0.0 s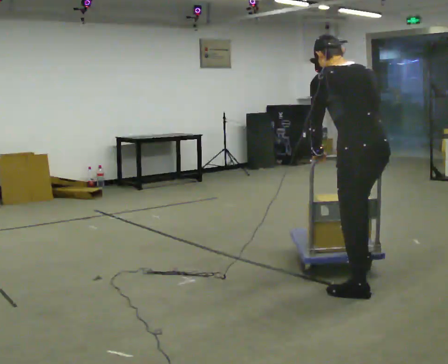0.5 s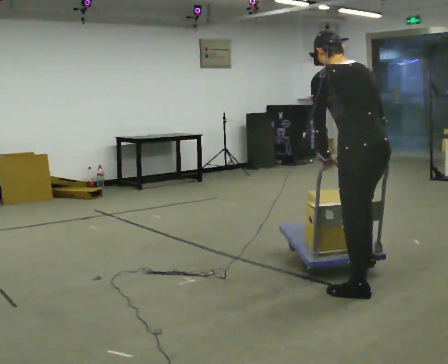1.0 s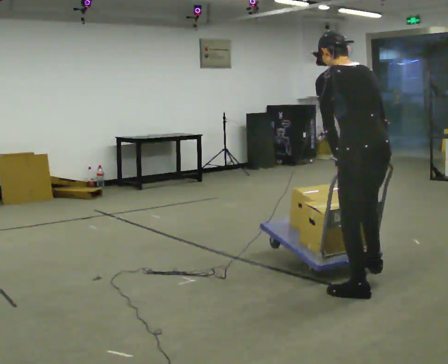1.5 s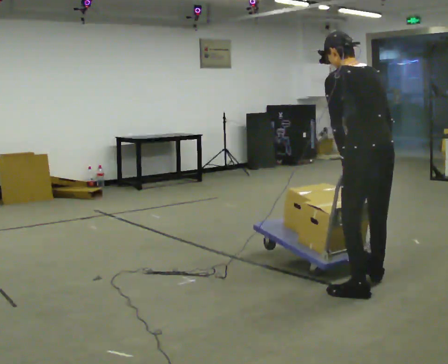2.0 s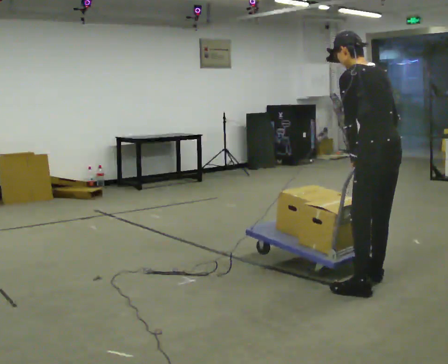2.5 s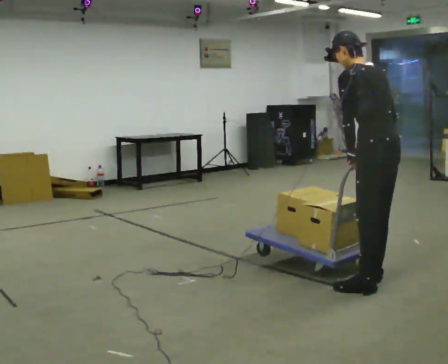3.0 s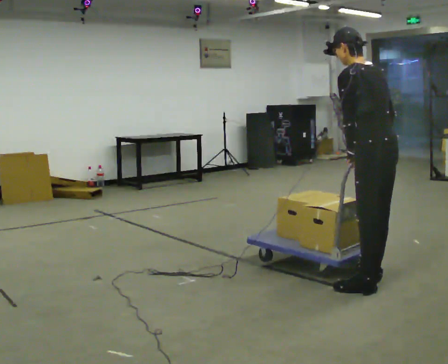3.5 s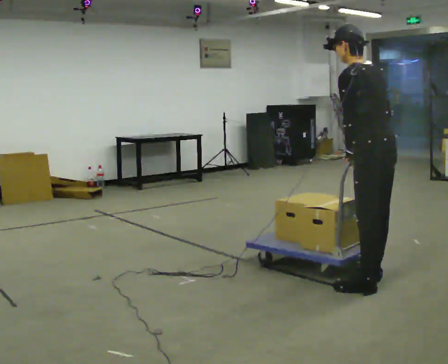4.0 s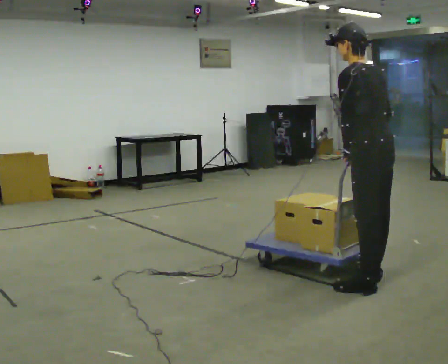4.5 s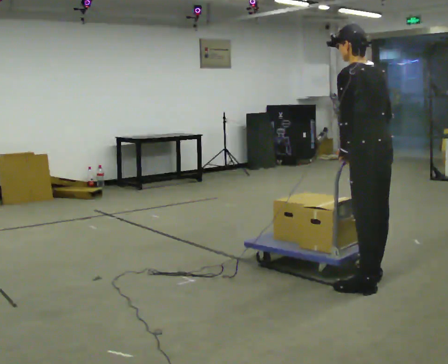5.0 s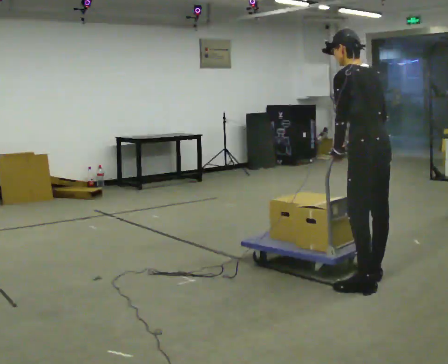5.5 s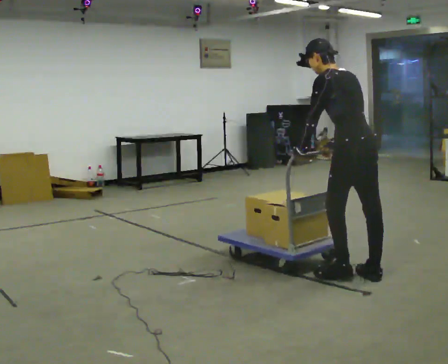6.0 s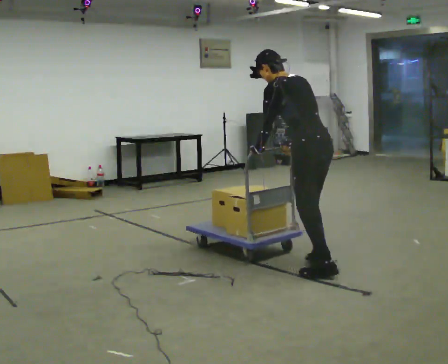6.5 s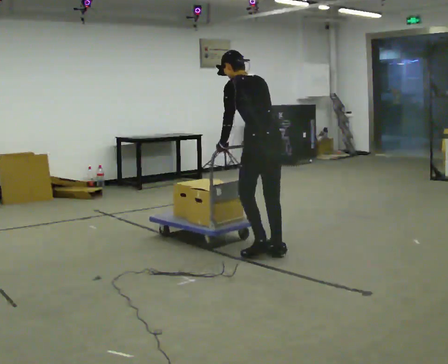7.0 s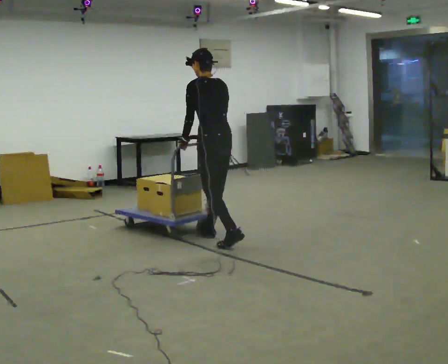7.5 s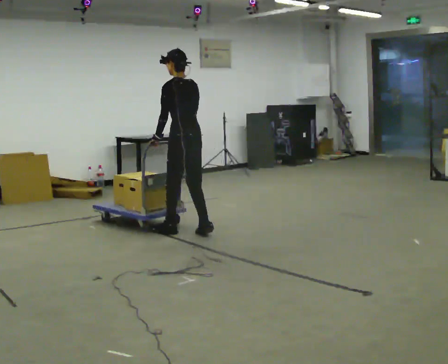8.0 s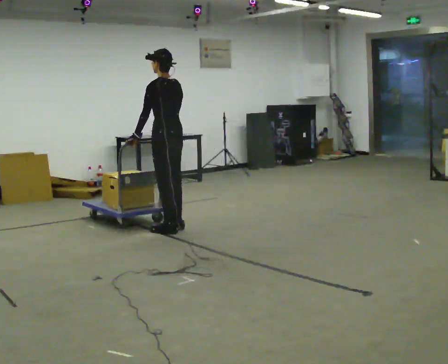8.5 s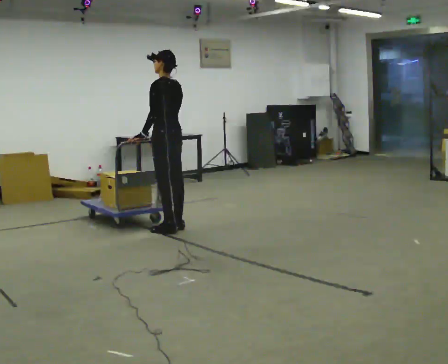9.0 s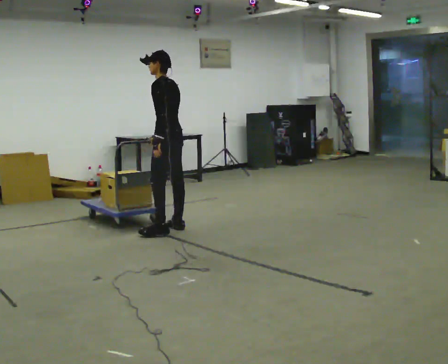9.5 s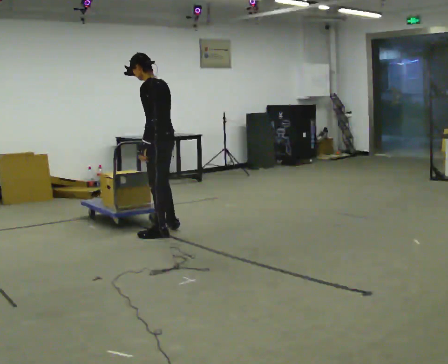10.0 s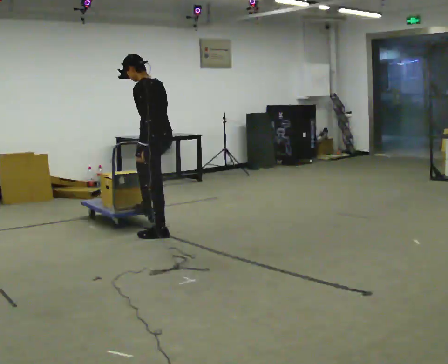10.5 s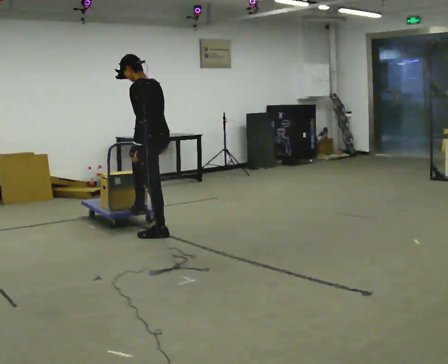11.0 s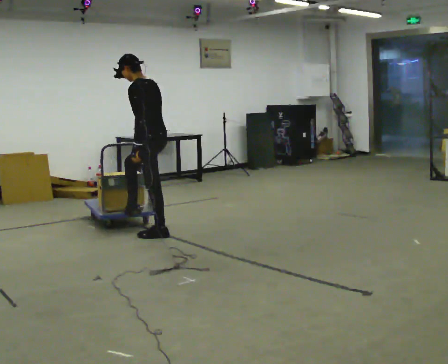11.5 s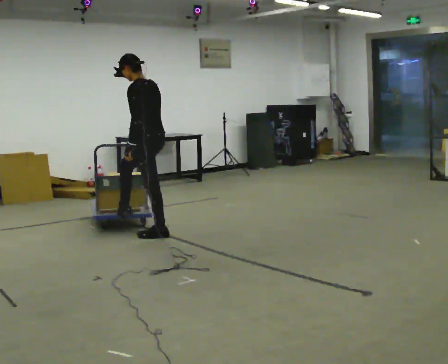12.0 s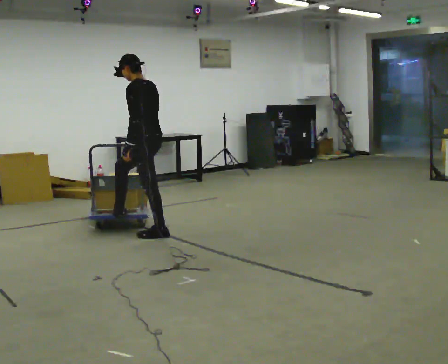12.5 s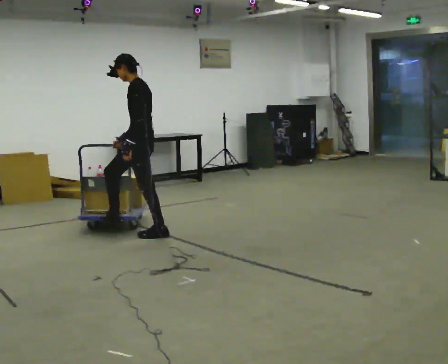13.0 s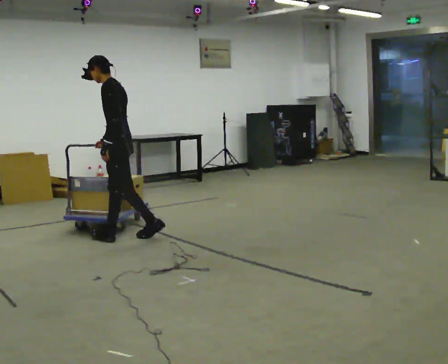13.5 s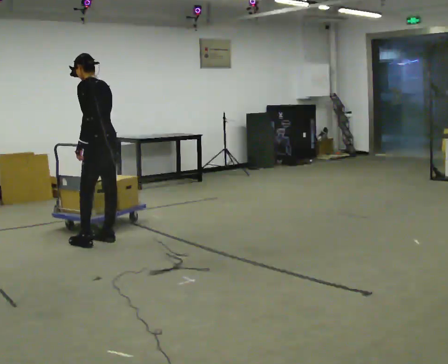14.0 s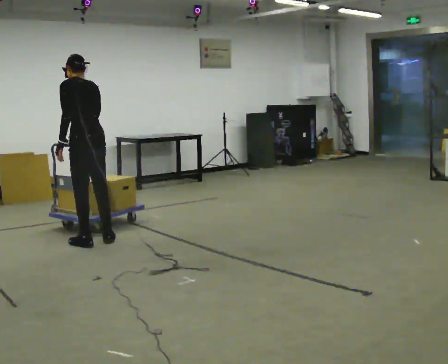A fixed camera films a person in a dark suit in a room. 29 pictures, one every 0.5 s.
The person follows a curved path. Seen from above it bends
counterclockwise.
0.0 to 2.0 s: In the picture they go away from the camera and to the right, about 0.25 m, which for them is to their right and forward.
2.0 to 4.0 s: The person moves a little, or ends about where they began.
4.0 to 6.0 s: In the picture they go away from the camera and to the left, about 0.5 m in 1 step, which for them is forward. In the picture the upper body tilts counterclockwise, shoulders to the left, as they bend forward.
6.0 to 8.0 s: In the picture they go away from the camera and to the left, about 1.5 m in 5 steps, which for them is forward. The upper body tips toward the camera, its near side rolling downward, as they lean back or straighten.
8.0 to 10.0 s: In the picture they go toward the camera, about 0.25 m in 1 step, which for them is to their left.
10.0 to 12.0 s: The person moves a little, or ends about where they began.
12.0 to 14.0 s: The person turns about 30 degrees to their right, clockwise seen from above, so the part of the body nearest the lens slides to the left. In the picture they go to the left and toward the camera, about 0.5 m in 2 steps, which for them is forward and to their left.
The film runs forward here.
